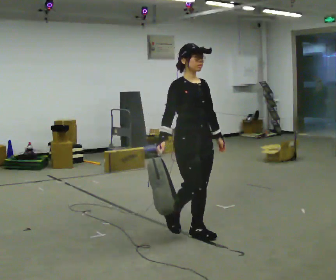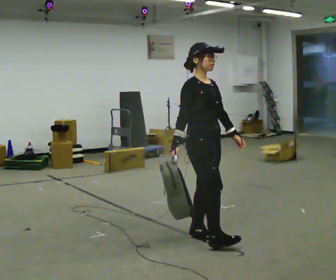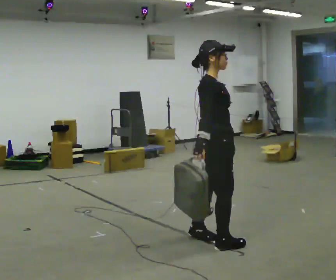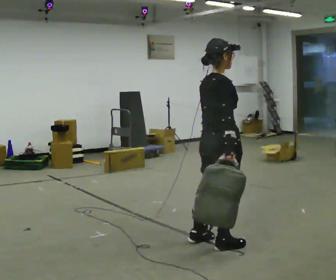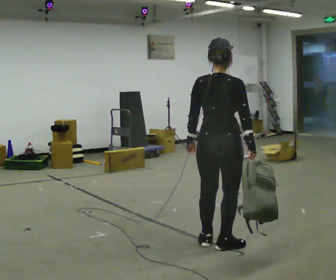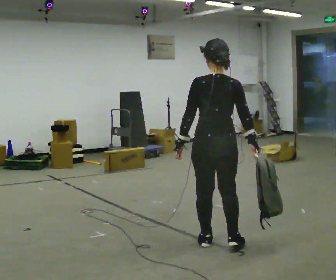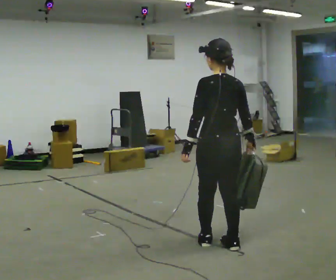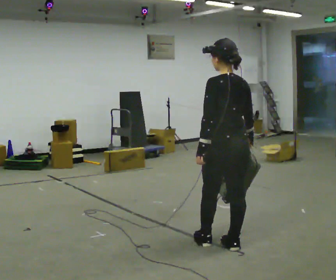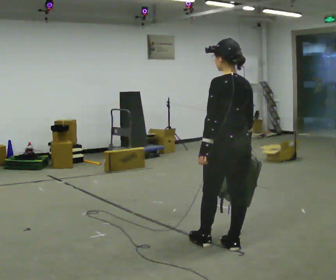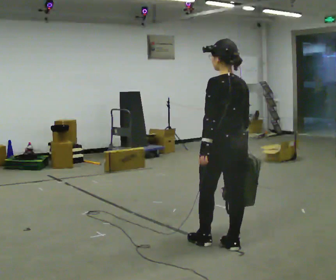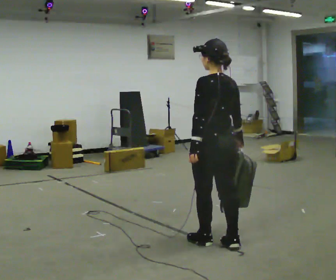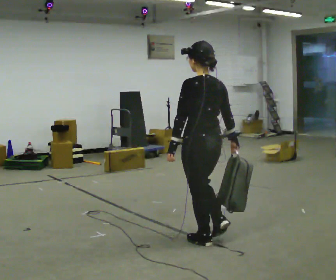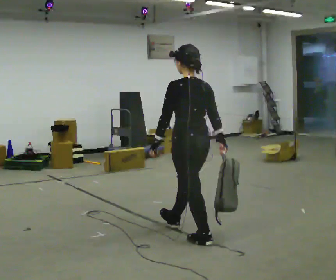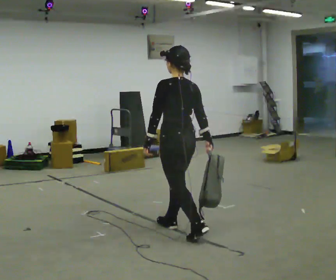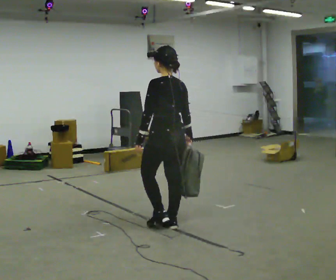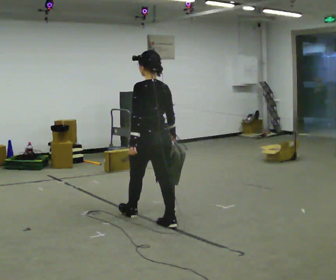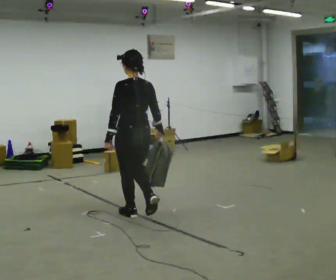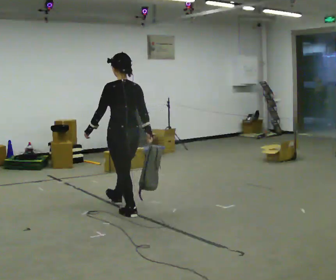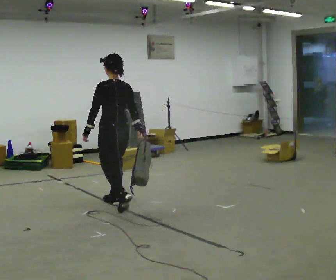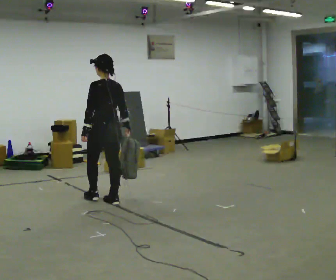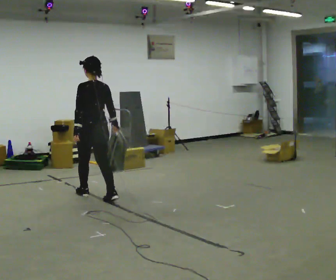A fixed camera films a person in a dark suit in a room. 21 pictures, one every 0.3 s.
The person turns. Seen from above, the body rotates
counterclockwise.
The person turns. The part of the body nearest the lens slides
to the right.
0.0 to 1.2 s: Seen from above the body turns counterclockwise, about 120 degrees: to their left, with its near side sliding to the right. In the picture they go to the right and toward the camera, about 0.25 m in 2 steps.
1.2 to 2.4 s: The part of the body nearest the lens slides to the right as the person turns to their left by about 45 degrees.
2.4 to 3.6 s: In the picture they go to the left and away from the camera, about 0.5 m, which for them is forward and to their left.
3.6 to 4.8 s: In the picture they go to the left and away from the camera, about 1 m in 2 steps, which for them is forward.
4.8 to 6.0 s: In the picture they go to the left and away from the camera, about 1 m in 2 steps, which for them is forward.
The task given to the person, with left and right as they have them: Carry the soft bag across the room, back and forth. It will change shape as you move, so hold it however works.
The film runs forward here.
